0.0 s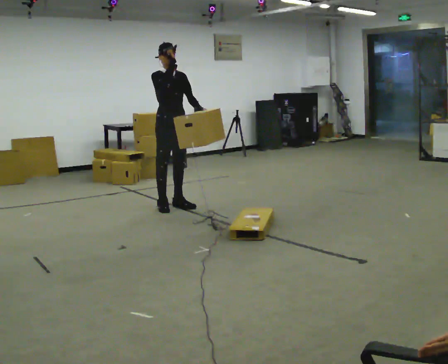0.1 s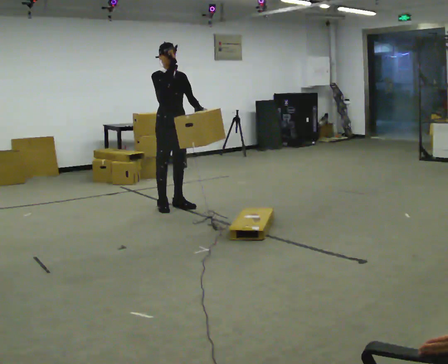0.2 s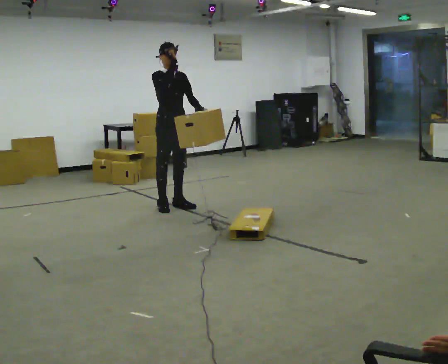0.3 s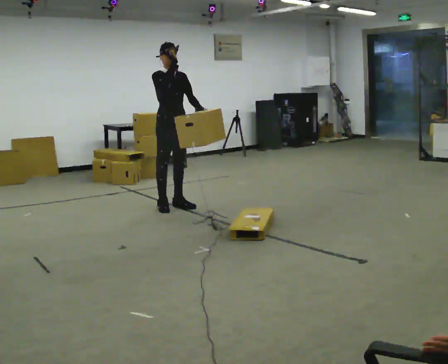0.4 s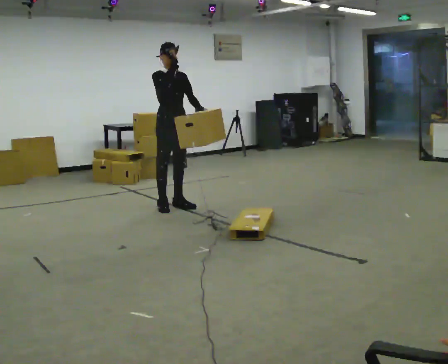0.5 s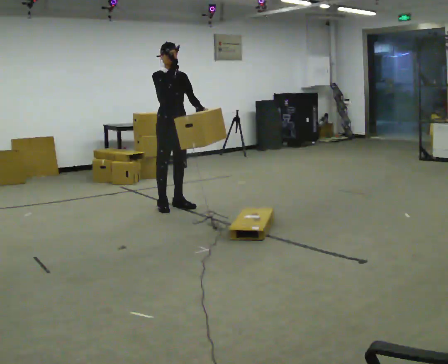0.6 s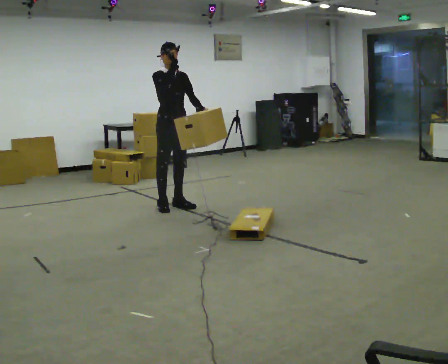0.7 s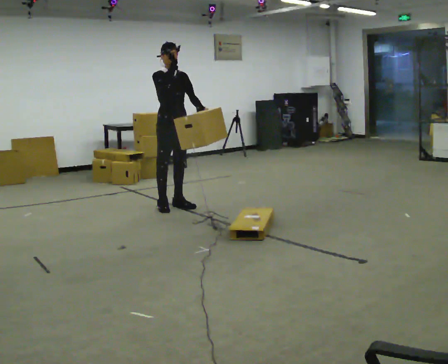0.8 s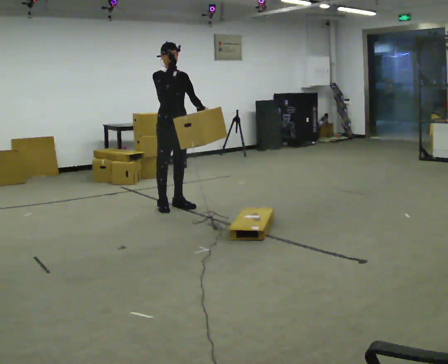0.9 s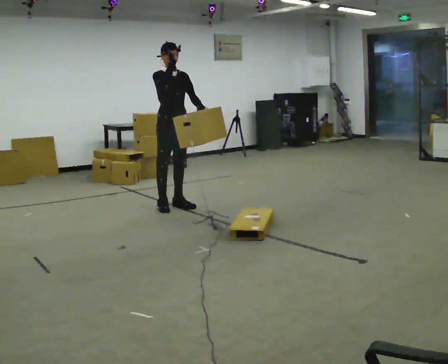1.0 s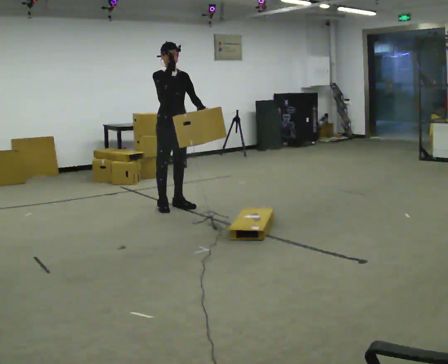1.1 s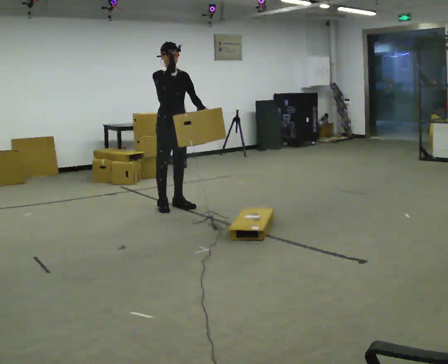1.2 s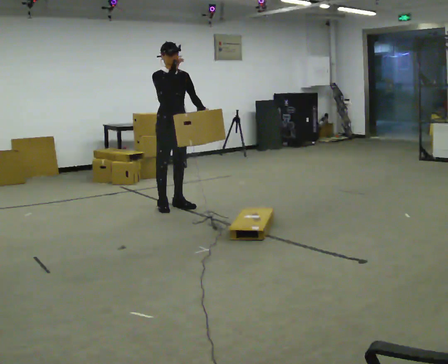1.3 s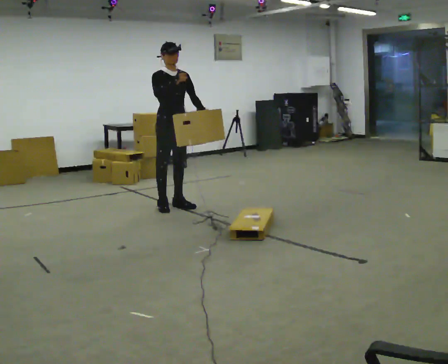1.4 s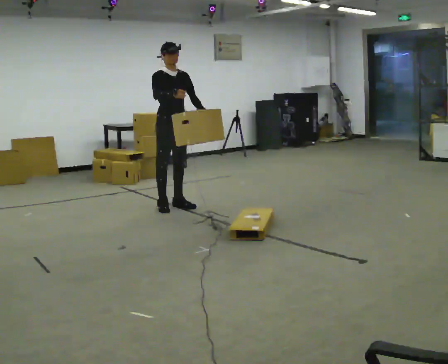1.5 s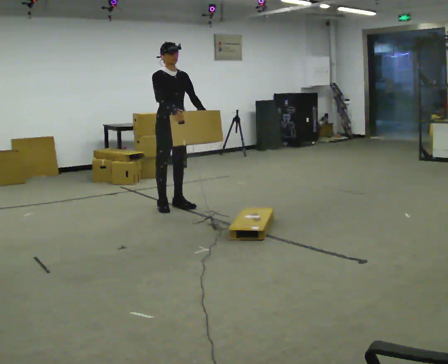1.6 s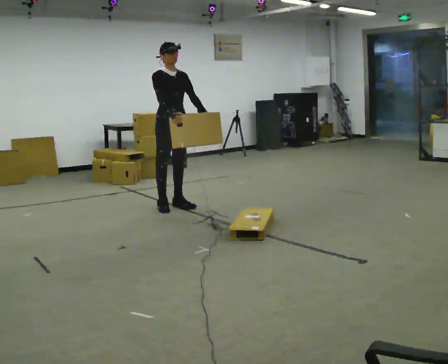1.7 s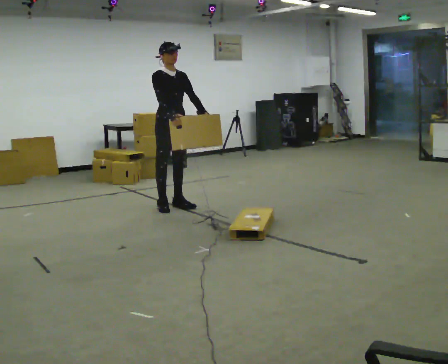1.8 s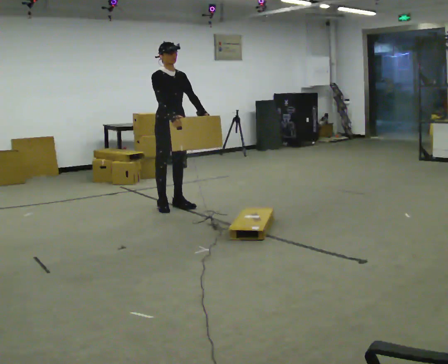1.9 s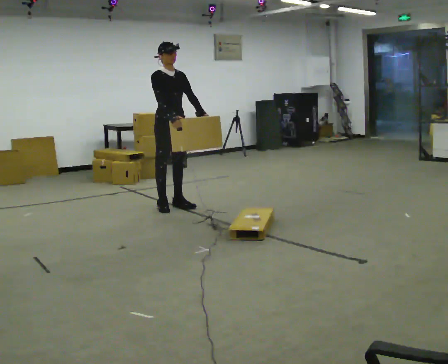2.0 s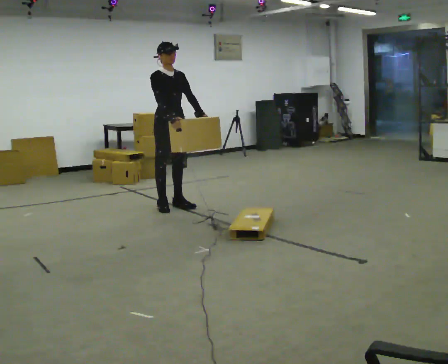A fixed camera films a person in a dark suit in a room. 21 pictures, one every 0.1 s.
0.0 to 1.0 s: The person moves a little, or ends about where they began.
1.0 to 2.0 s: In the picture their right hand goes downward.
The film runs backward here.
